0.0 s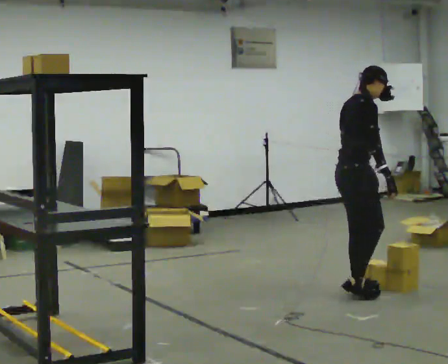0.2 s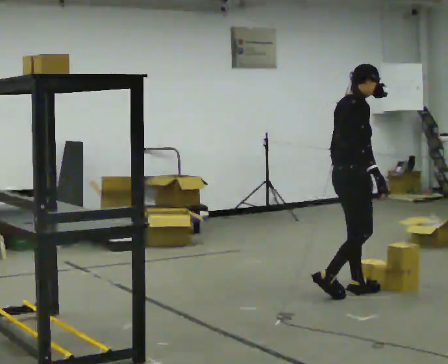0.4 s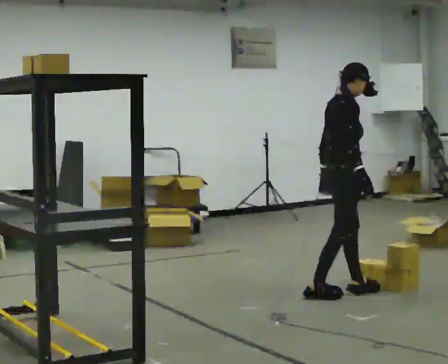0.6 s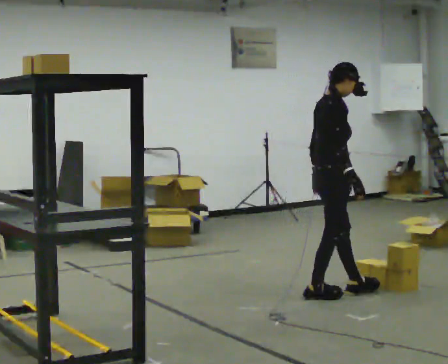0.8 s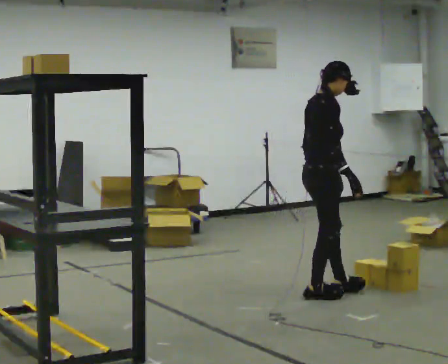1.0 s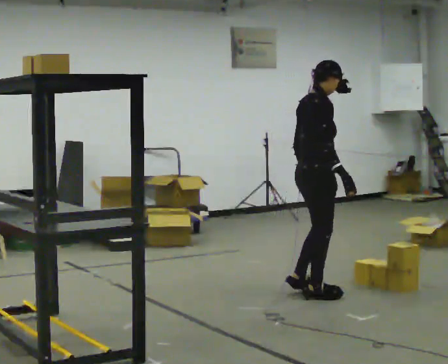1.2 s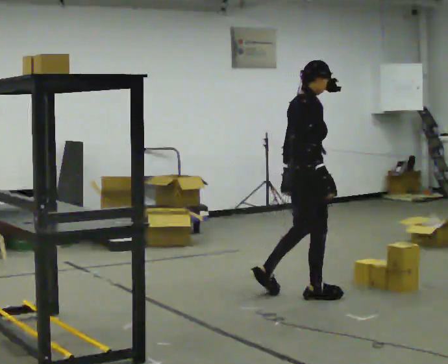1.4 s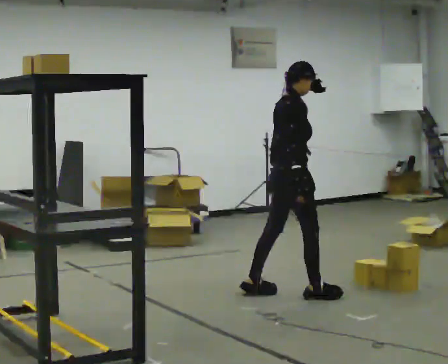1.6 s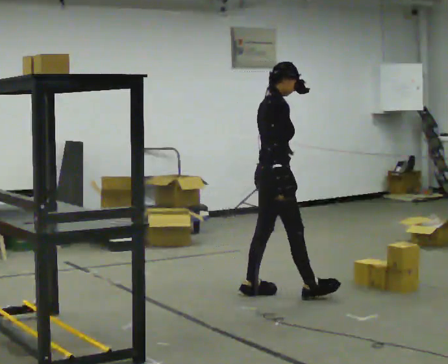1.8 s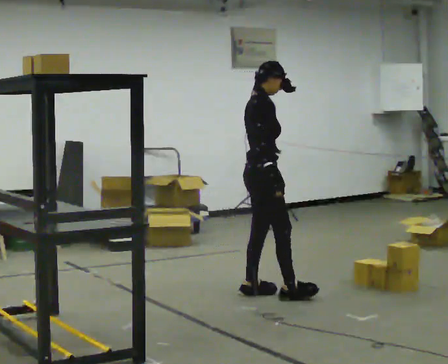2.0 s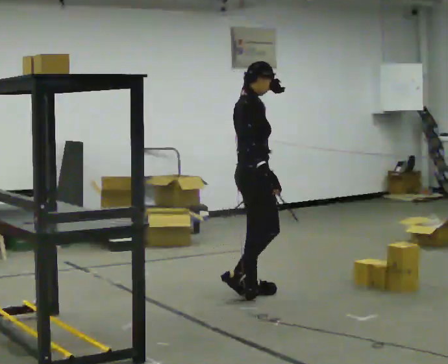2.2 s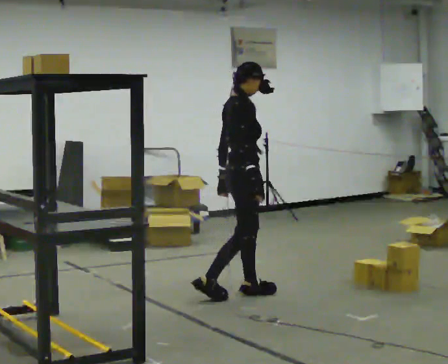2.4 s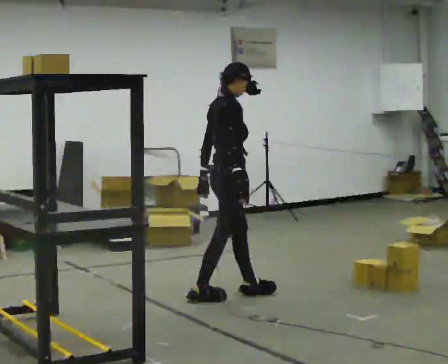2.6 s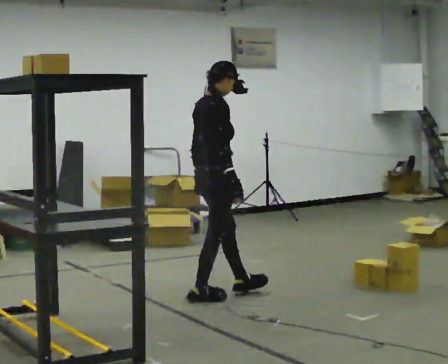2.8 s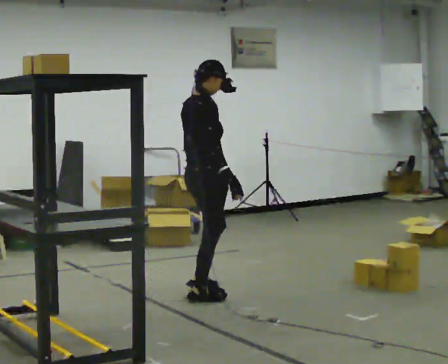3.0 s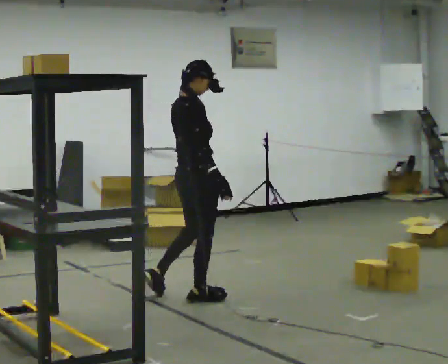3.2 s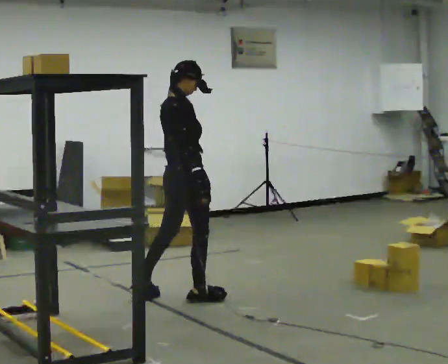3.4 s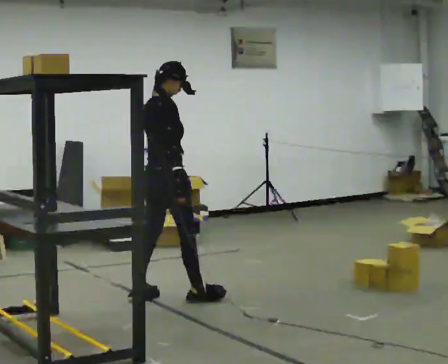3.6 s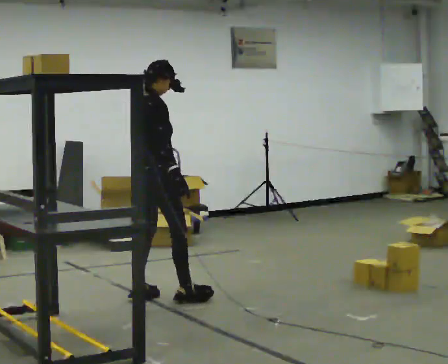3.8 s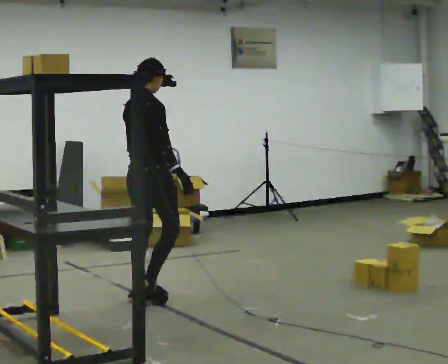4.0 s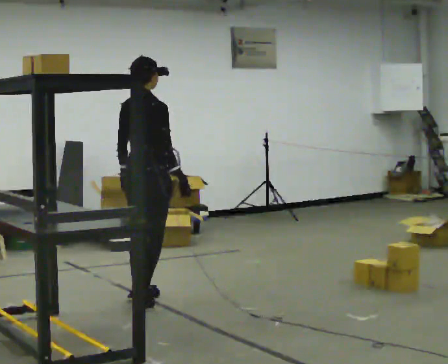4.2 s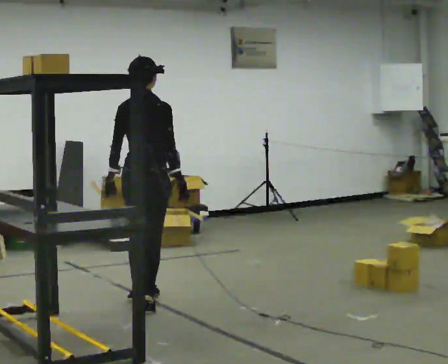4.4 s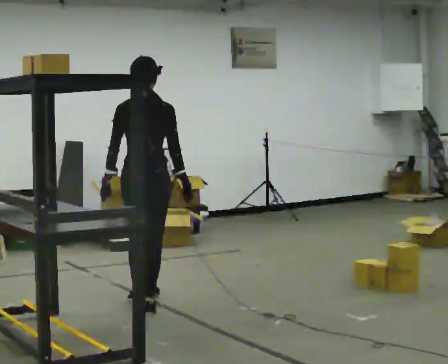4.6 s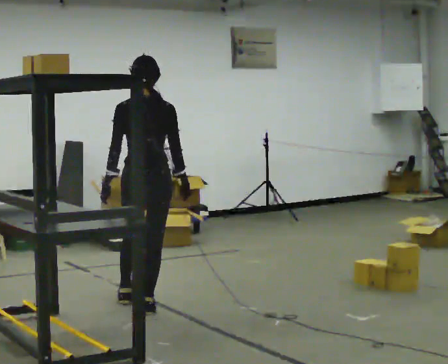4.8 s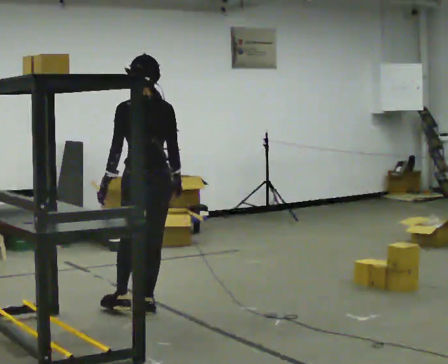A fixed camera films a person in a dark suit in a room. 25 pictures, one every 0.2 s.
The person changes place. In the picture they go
to the left.
The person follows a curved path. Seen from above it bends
counterclockwise.
0.0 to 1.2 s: In the picture they go to the left, about 0.25 m in 1 step, which for them is backward.
1.2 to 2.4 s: In the picture they go to the left, about 0.5 m in 1 step, which for them is backward.
2.4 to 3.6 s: In the picture they go to the left, about 0.5 m in 2 steps, which for them is backward.
3.6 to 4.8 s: Seen from above the body turns counterclockwise, about 75 degrees: to their left, with its near side sliding to the right. In the picture they go toward the camera, about 0.25 m in 1 step.
The film runs backward here.
